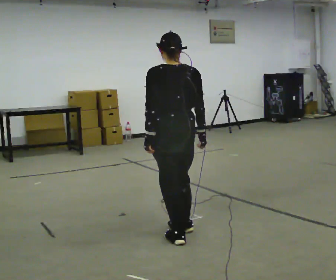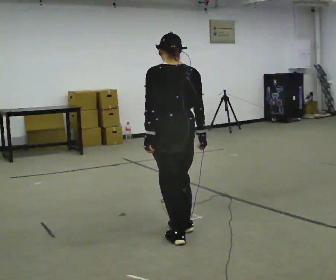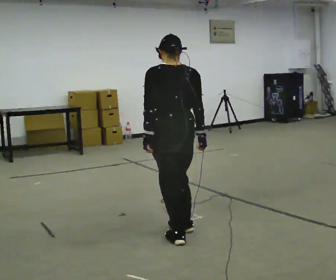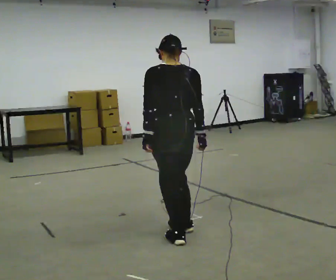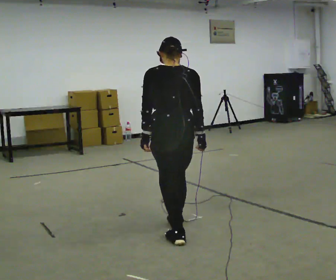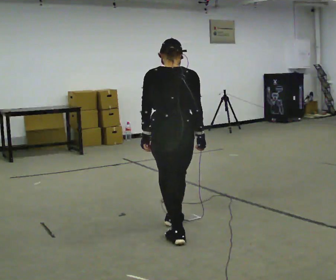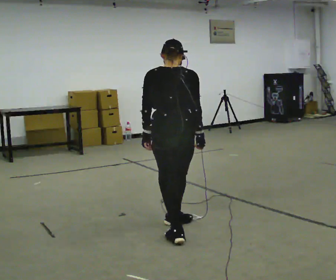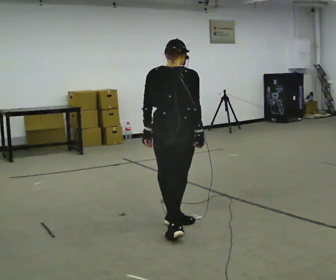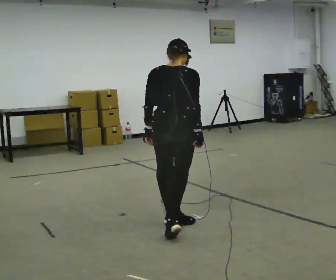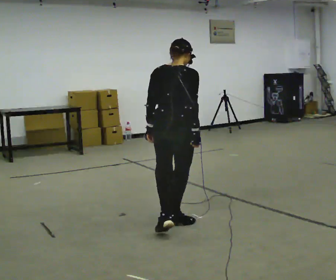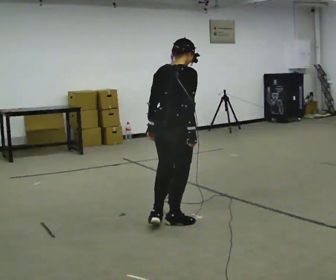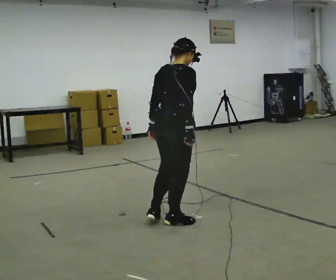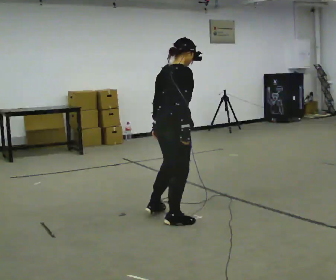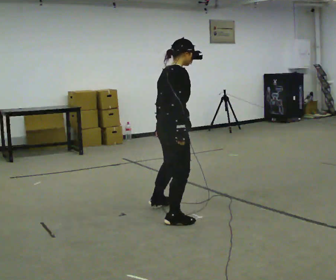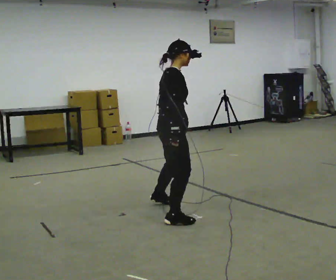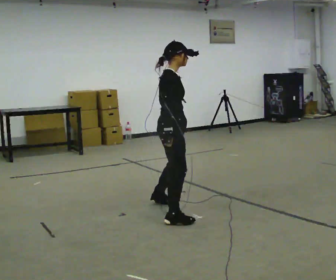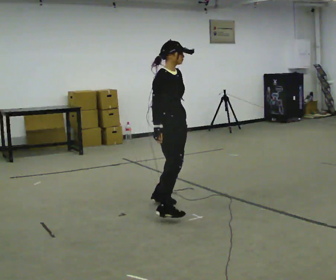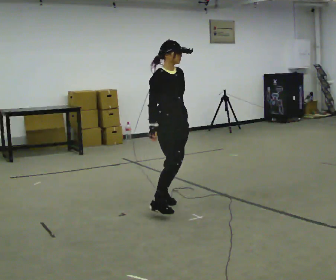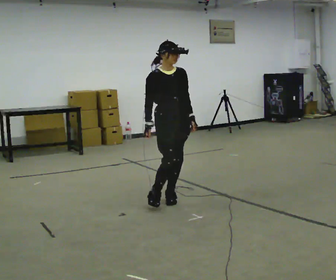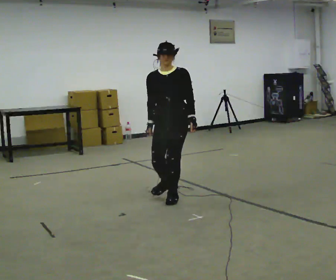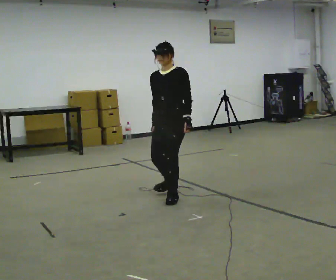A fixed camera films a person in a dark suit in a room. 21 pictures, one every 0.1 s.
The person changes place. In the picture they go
away from the camera.
The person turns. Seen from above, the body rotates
clockwise.
0.0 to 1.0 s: The part of the body nearest the lens slides to the left as the person turns to their right by about 60 degrees. In the picture they go away from the camera, about 0.25 m in 2 steps.
1.0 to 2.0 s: The person turns about 180 degrees to their right, clockwise seen from above, so the part of the body nearest the lens slides to the left. In the picture they go away from the camera, about 0.5 m in 2 steps. In the picture the upper body tilts counterclockwise, shoulders to the left.
The film runs backward here.
